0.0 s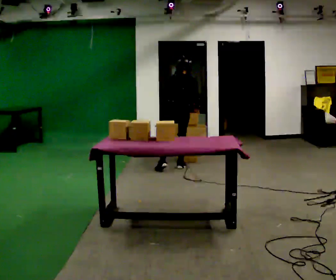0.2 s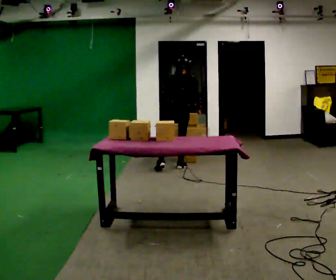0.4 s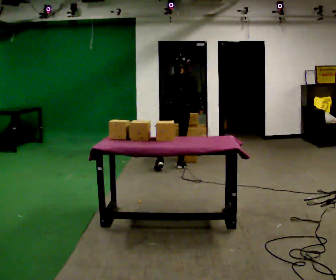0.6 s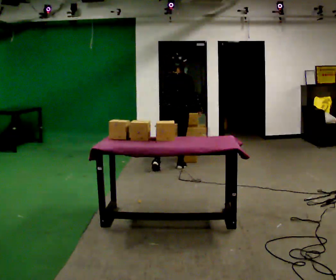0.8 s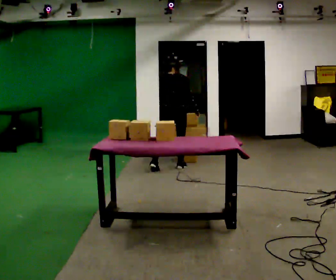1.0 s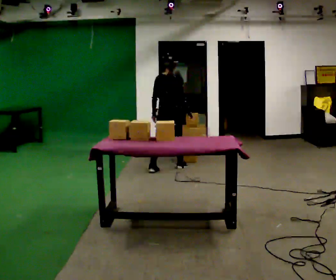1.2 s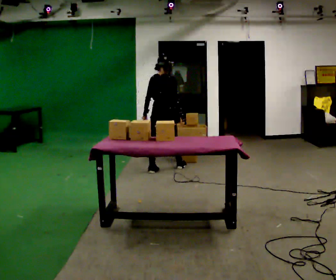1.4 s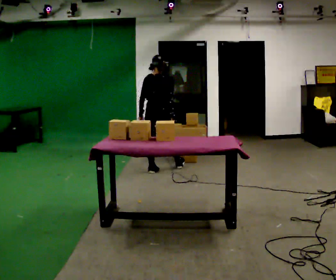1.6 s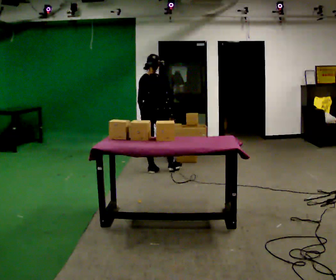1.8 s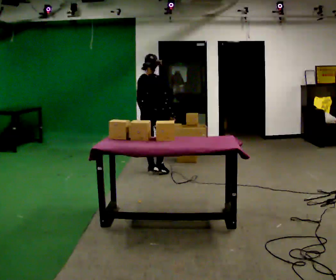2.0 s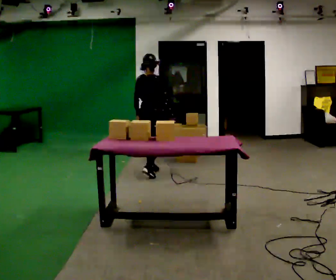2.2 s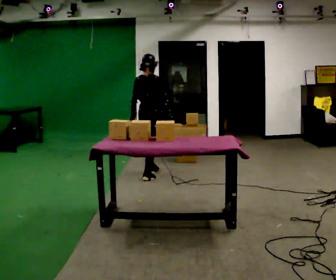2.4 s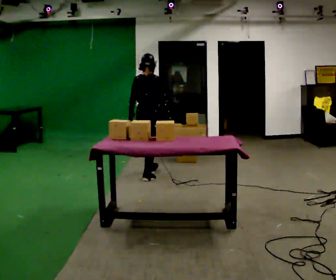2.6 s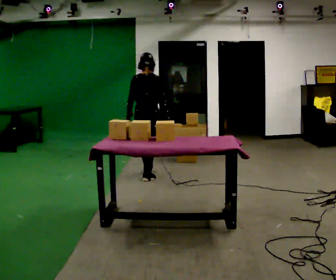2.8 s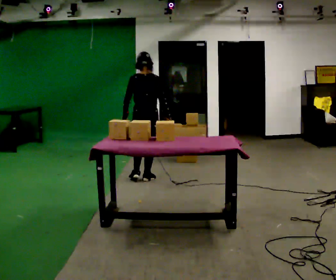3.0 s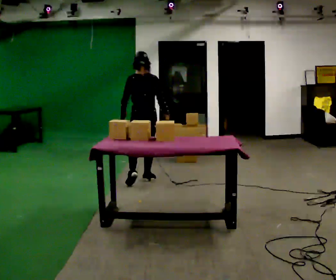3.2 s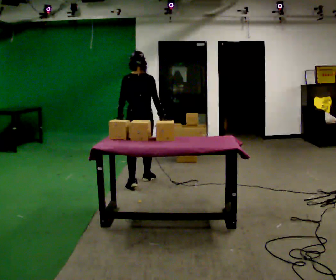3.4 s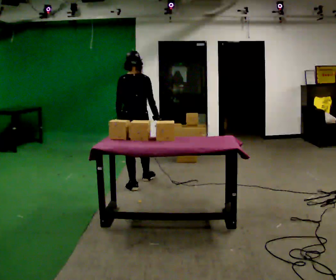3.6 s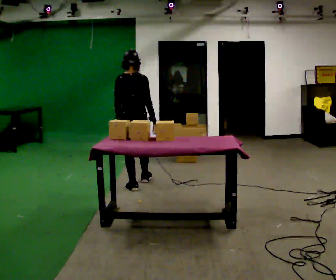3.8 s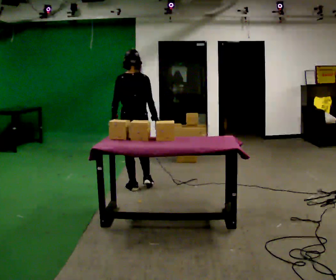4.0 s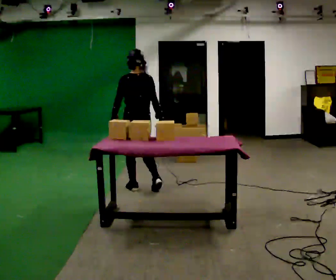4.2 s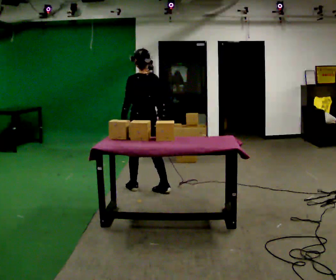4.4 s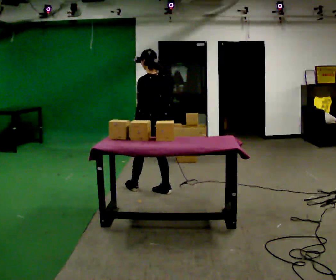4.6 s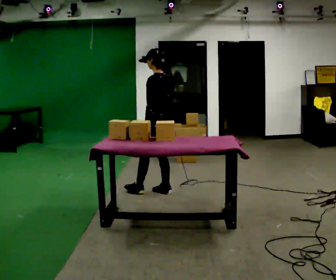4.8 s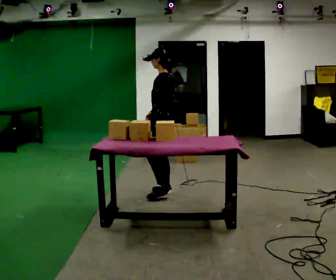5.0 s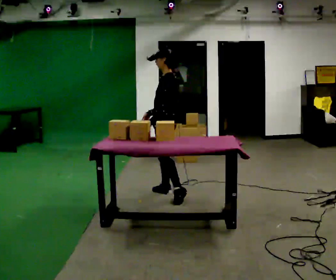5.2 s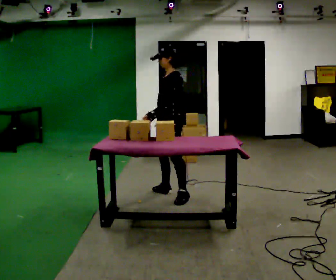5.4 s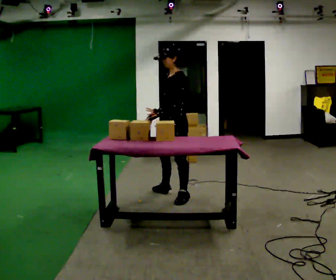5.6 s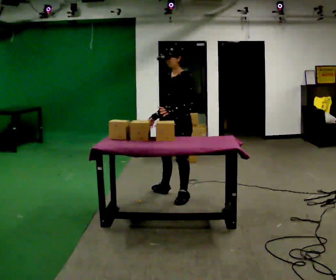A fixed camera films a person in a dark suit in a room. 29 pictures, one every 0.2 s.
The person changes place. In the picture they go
toward the camera.
The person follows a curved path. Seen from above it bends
counterclockwise.
0.0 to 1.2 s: Seen from above the body turns clockwise, about 30 degrees: to their right, with its near side sliding to the left. In the picture they go to the left, about 0.25 m, which for them is to their left and backward. The upper body tips toward the camera, its near side rolling downward, as they lean back or straighten.
1.2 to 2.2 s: In the picture they go toward the camera and to the left, about 0.25 m in 1 step, which for them is backward.
2.2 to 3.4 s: The person turns about 30 degrees to their left, counterclockwise seen from above, so the part of the body nearest the lens slides to the right. In the picture they go toward the camera, about 0.5 m in 1 step, which for them is backward.
3.4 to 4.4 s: Seen from above the body turns counterclockwise, about 30 degrees: to their left, with its near side sliding to the right. In the picture they go toward the camera and to the right, about 0.25 m in 1 step, which for them is backward and to their right.
4.4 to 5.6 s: The person turns about 75 degrees to their left, counterclockwise seen from above, so the part of the body nearest the lens slides to the right. In the picture they go to the right and toward the camera, about 0.5 m in 1 step.
The film runs backward here.
